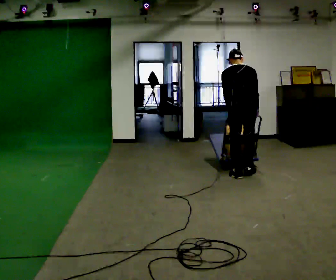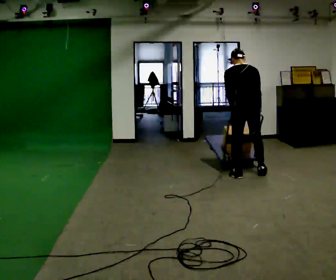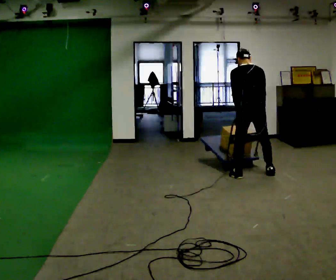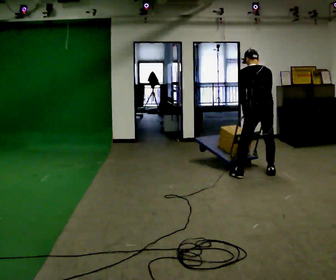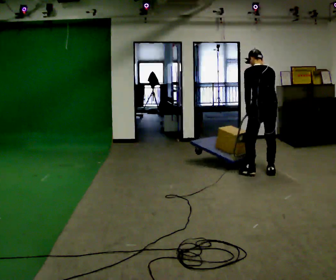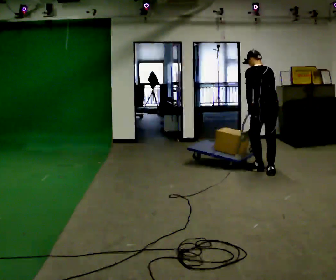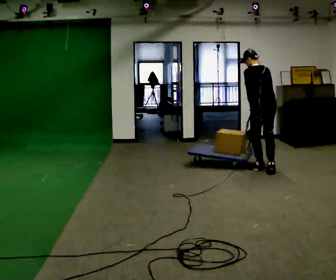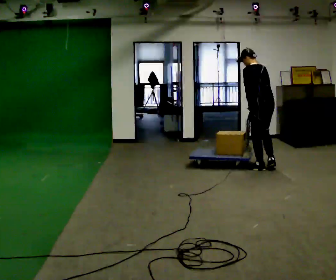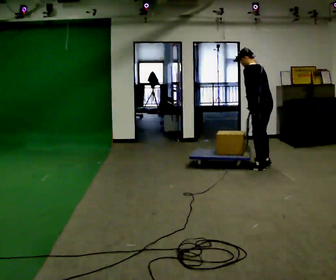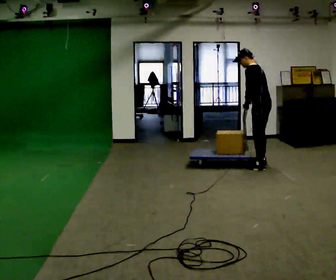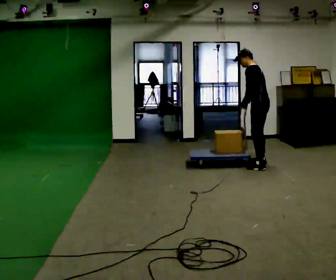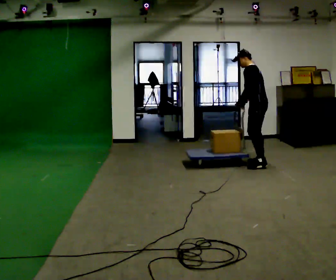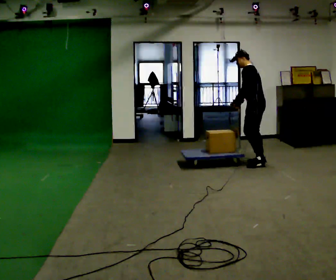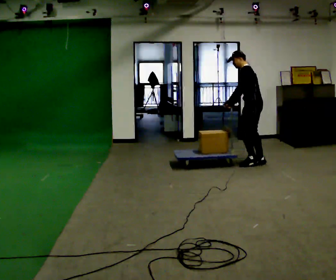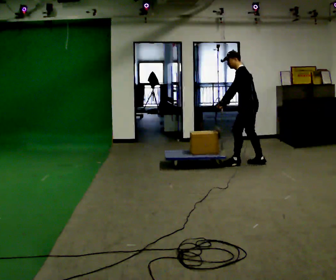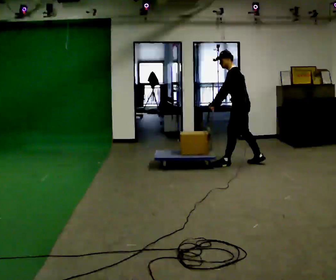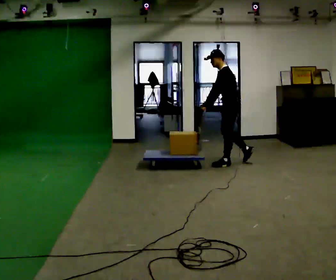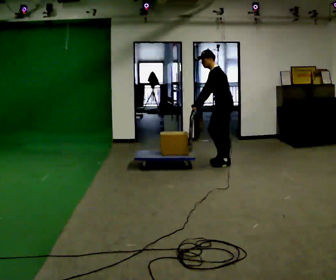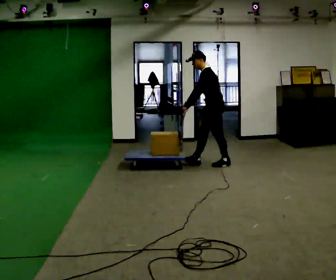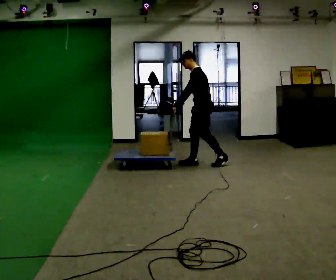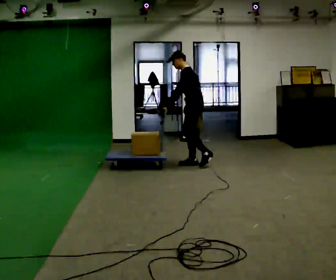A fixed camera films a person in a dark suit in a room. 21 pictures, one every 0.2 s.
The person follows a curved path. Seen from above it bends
counterclockwise.
The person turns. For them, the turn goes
to their left.
0.0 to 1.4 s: The part of the body nearest the lens slides to the right as the person turns to their left by about 30 degrees. In the picture they go away from the camera and to the right, about 0.5 m in 2 steps, which for them is to their right and forward.
1.4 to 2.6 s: The person turns about 30 degrees to their left, counterclockwise seen from above, so the part of the body nearest the lens slides to the right. In the picture they go away from the camera, about 0.5 m in 1 step, which for them is to their right and forward.
2.6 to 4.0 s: In the picture they go to the left, about 1 m in 2 steps, which for them is forward.
The film runs forward here.
